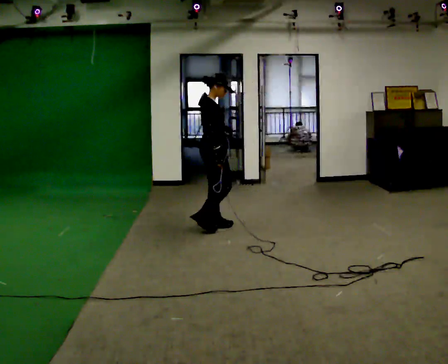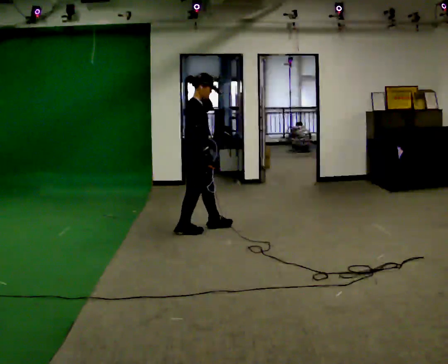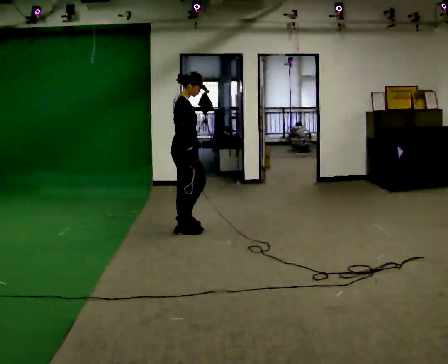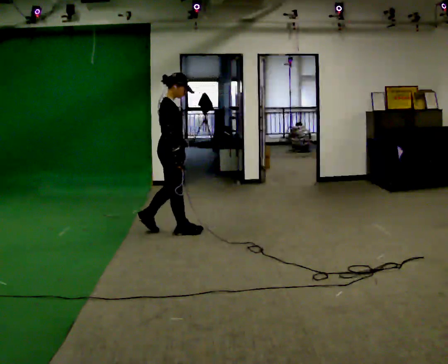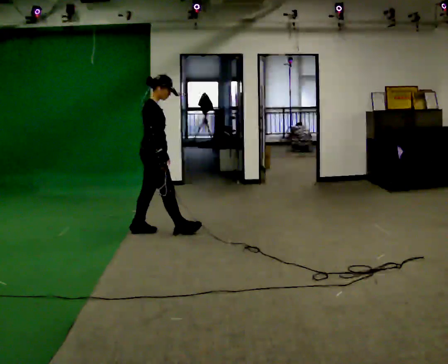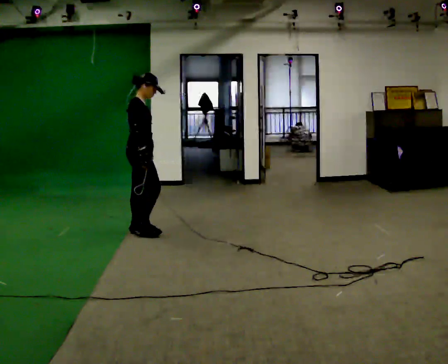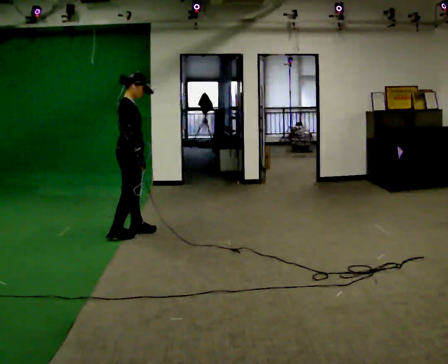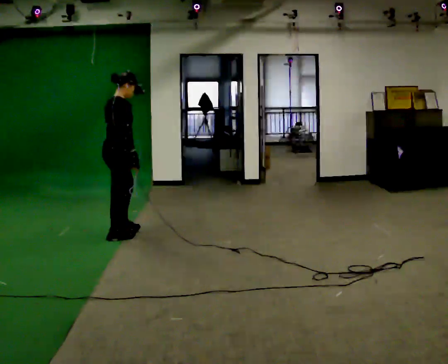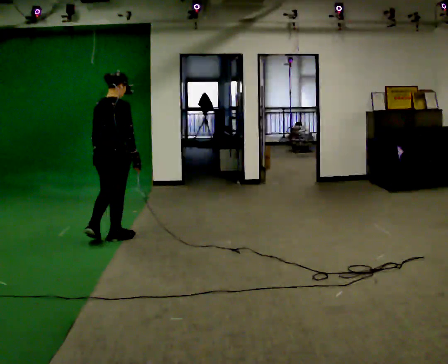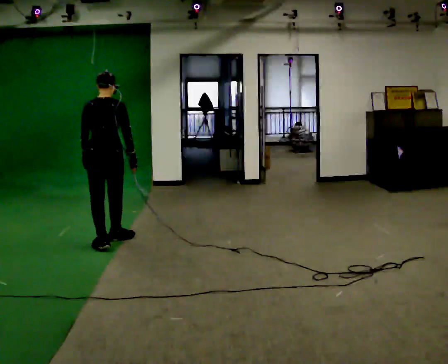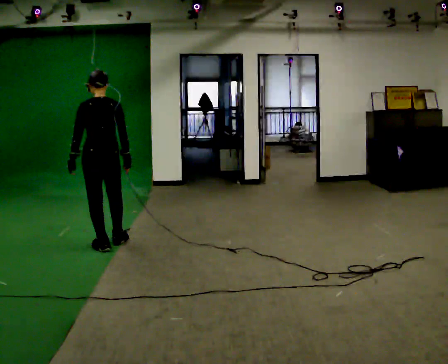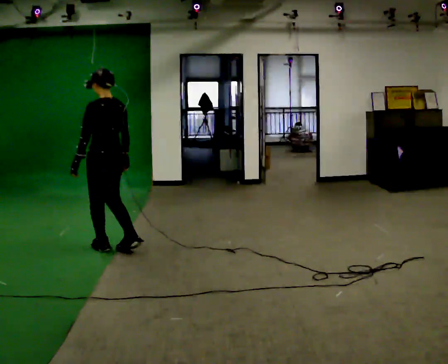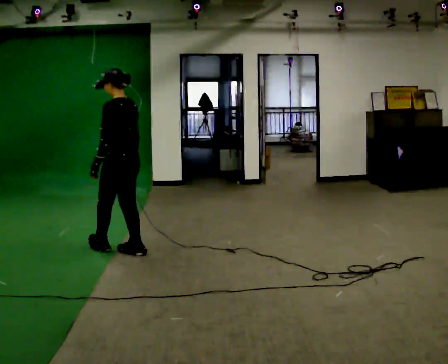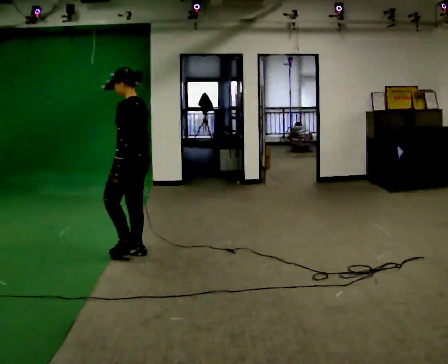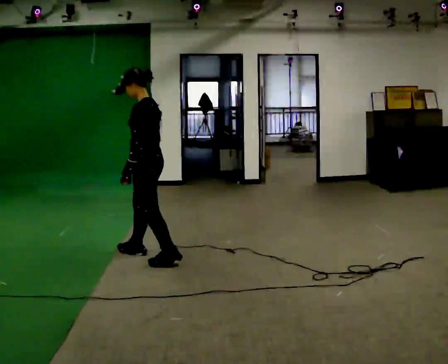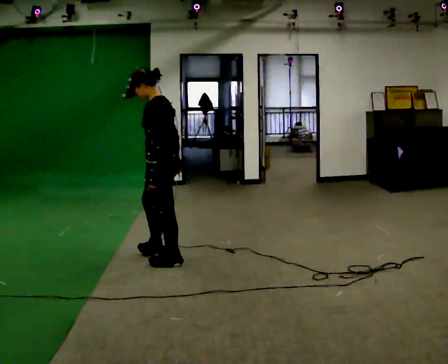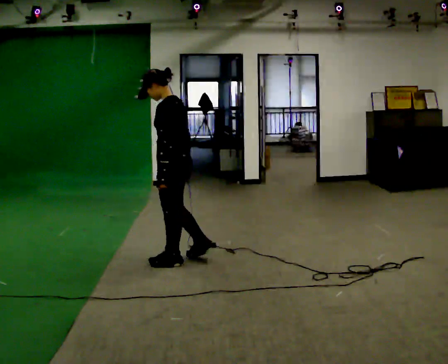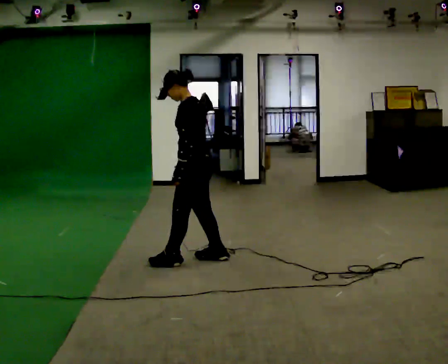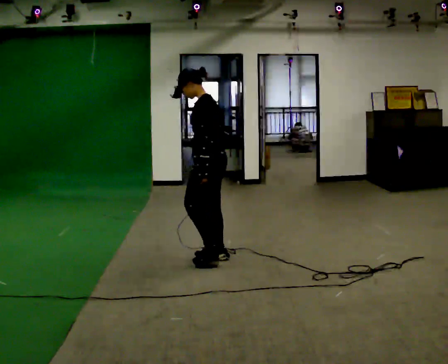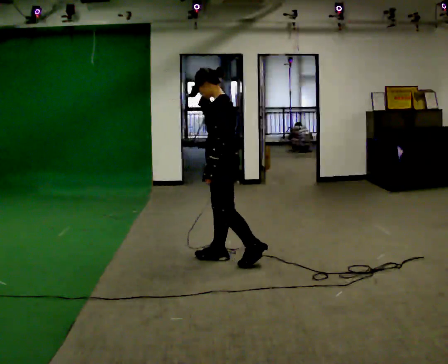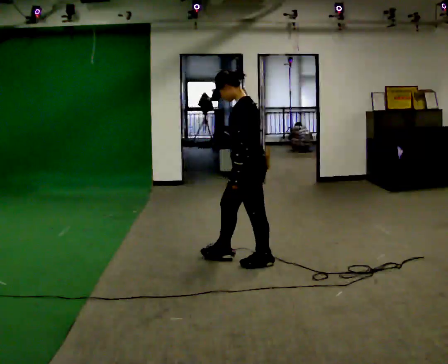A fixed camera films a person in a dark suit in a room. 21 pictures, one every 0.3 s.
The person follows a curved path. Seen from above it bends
counterclockwise.
The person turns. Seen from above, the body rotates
counterclockwise.
0.0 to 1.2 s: In the picture they go to the left, about 0.5 m in 2 steps, which for them is backward.
1.2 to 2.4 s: The part of the body nearest the lens slides to the right as the person turns to their left by about 60 degrees. In the picture they go to the left and toward the camera, about 0.5 m in 1 step.
2.4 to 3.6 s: The person turns about 90 degrees to their left, counterclockwise seen from above, so the part of the body nearest the lens slides to the right. In the picture they go toward the camera, about 0.5 m in 2 steps.
3.6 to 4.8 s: In the picture they go to the right and toward the camera, about 0.5 m in 1 step, which for them is backward.
4.8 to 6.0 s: In the picture they go to the right, about 0.5 m in 2 steps, which for them is backward.
The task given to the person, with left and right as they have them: Walk backward several steps, then turn while still moving backward, then continue backward. Operator confirms the space behind you is clear.
The film runs forward here.
